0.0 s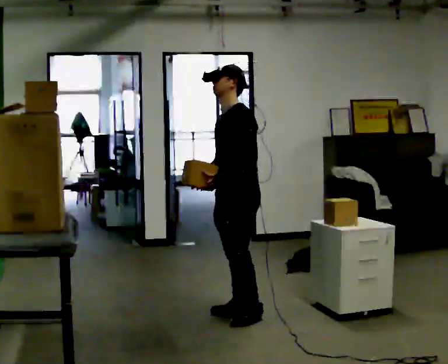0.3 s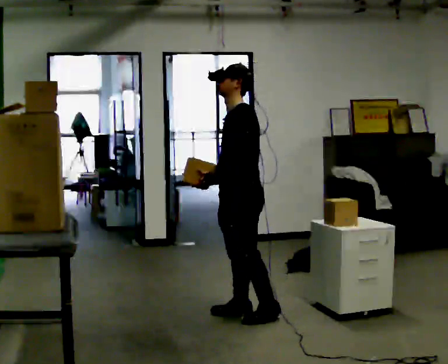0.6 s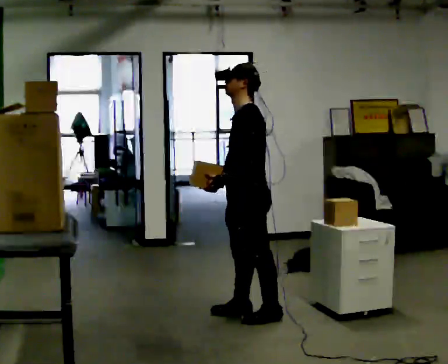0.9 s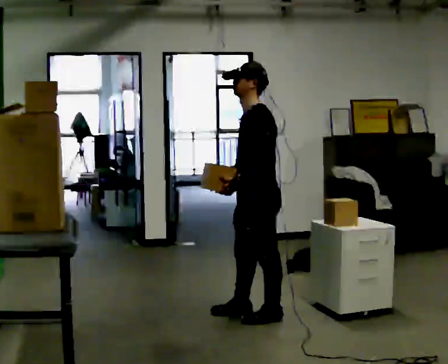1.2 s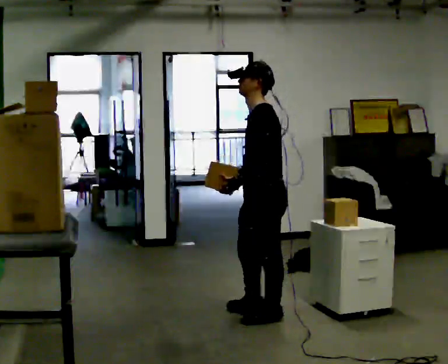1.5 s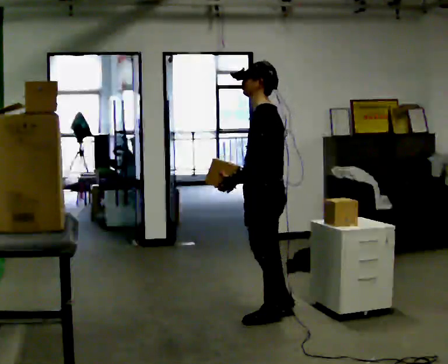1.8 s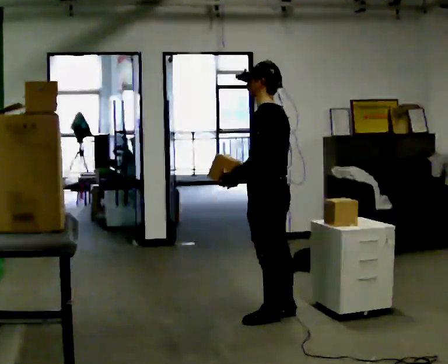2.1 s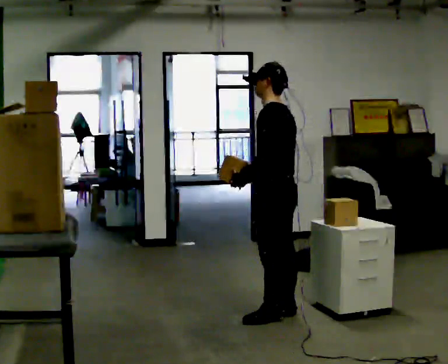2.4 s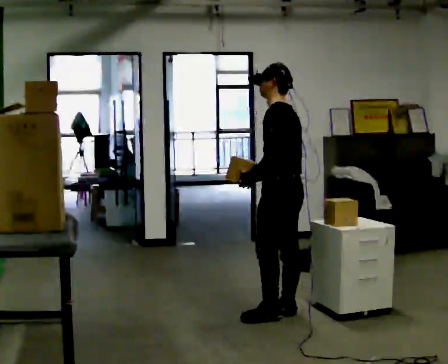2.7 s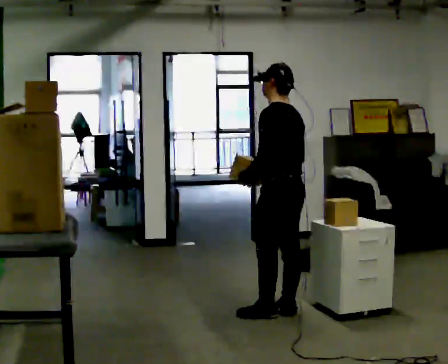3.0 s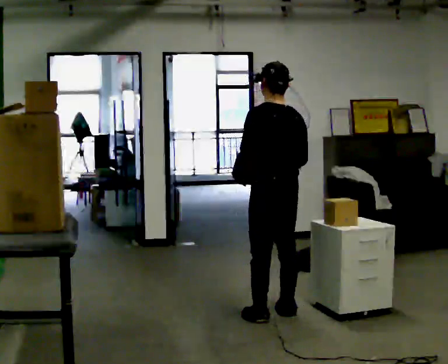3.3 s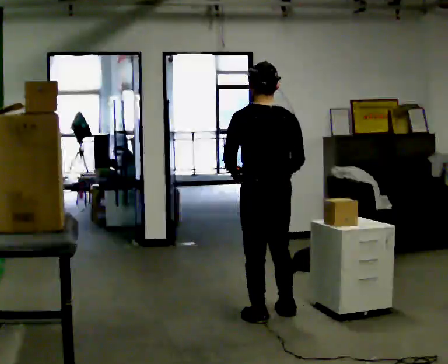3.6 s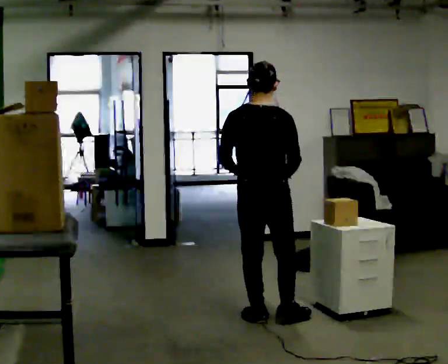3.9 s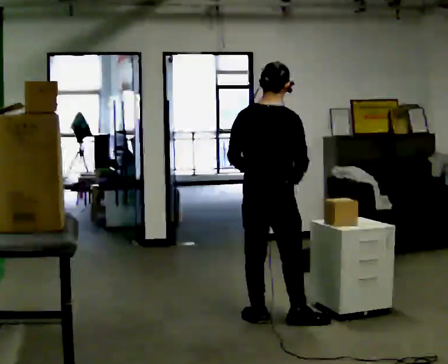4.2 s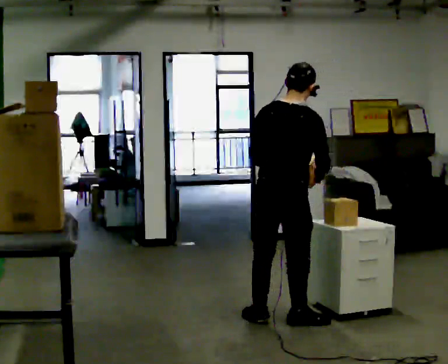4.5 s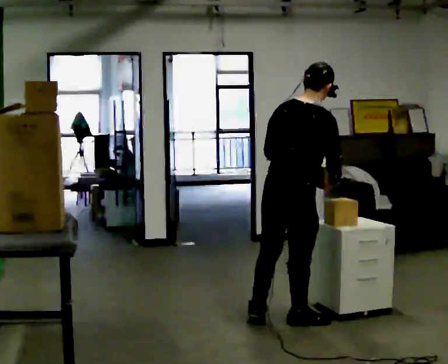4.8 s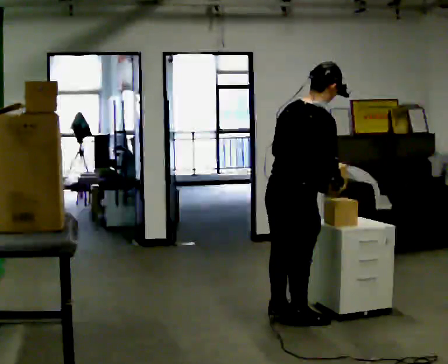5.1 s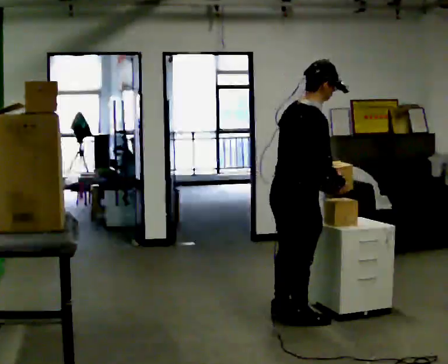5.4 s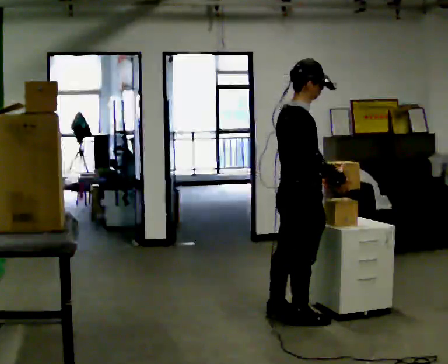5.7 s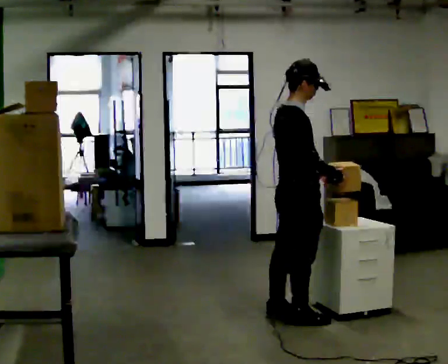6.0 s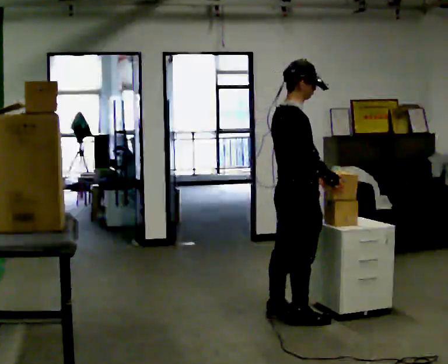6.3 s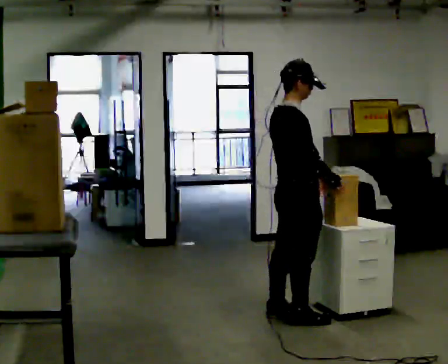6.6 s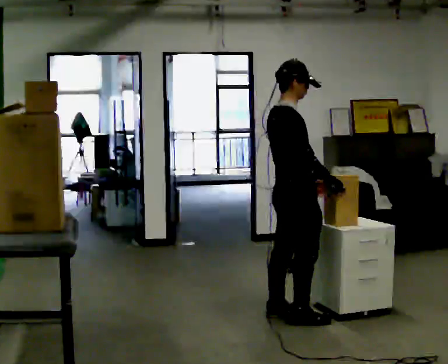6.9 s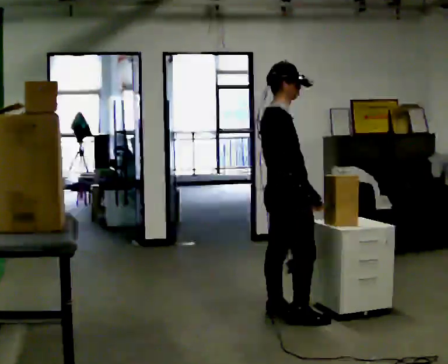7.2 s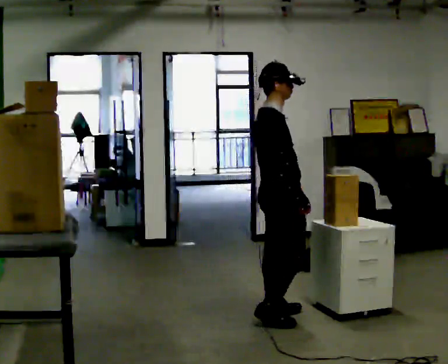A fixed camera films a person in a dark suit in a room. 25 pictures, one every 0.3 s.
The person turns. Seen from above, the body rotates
clockwise.
The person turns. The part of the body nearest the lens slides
to the left.
0.0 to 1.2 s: In the picture they go to the right, about 0.25 m in 1 step, which for them is to their left and backward.
1.2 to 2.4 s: Seen from above the body turns clockwise, about 30 degrees: to their right, with its near side sliding to the left.
2.4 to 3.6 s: Seen from above the body turns clockwise, about 75 degrees: to their right, with its near side sliding to the left. In the picture they go to the left, about 0.25 m in 1 step.
3.6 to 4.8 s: The person turns about 30 degrees to their right, clockwise seen from above, so the part of the body nearest the lens slides to the left. In the picture they go toward the camera and to the right, about 0.25 m in 1 step, which for them is to their right. In the picture the upper body tilts clockwise, shoulders to the right. In the picture their right hand goes to the right.
4.8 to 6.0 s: Seen from above the body turns clockwise, about 30 degrees: to their right, with its near side sliding to the left. In the picture the upper body tilts counterclockwise, shoulders to the left.
6.0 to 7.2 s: The person moves a little, or ends about where they began.
The film runs backward here.
